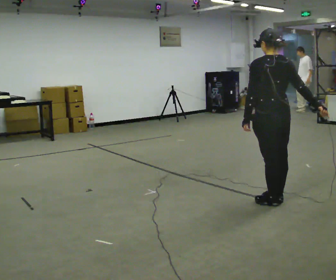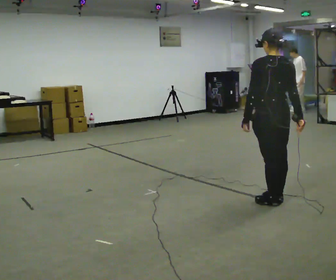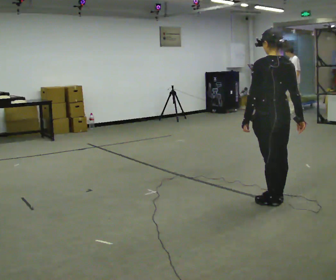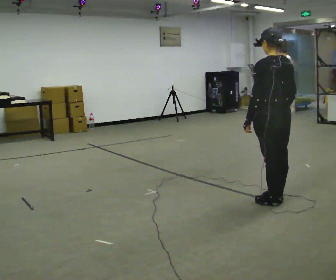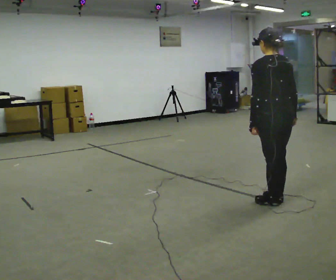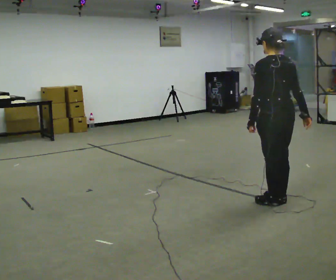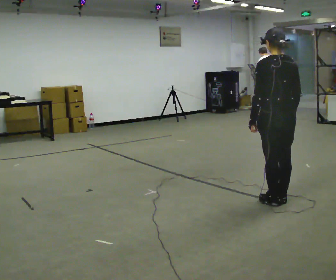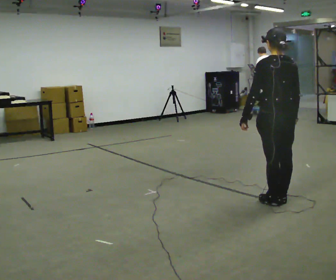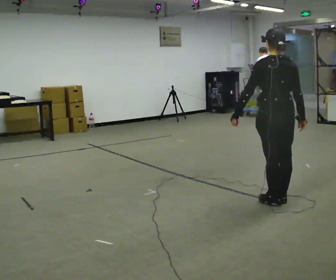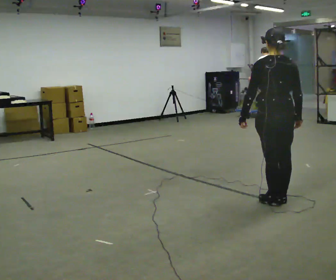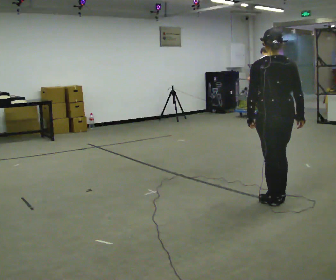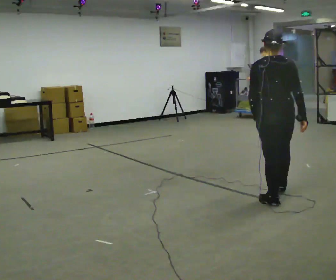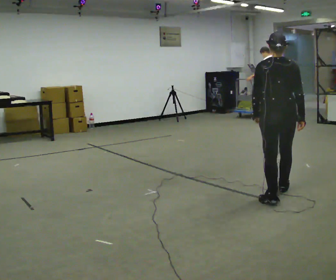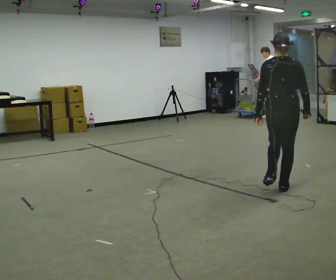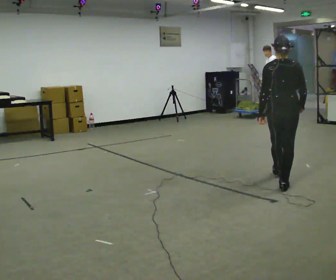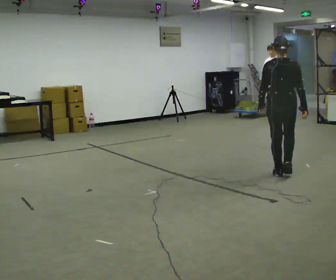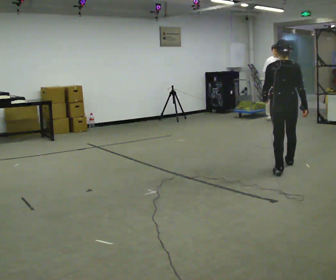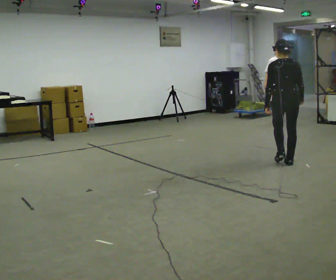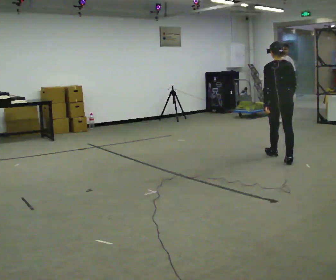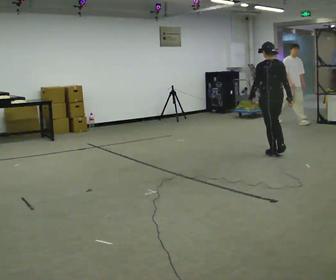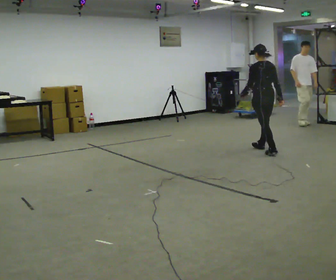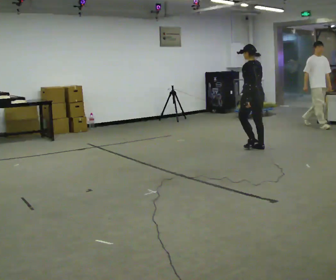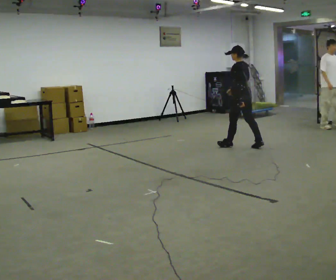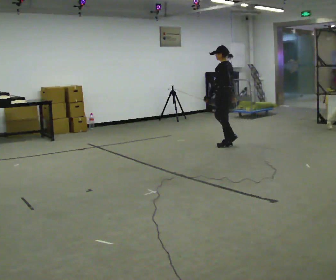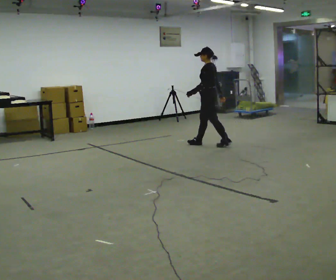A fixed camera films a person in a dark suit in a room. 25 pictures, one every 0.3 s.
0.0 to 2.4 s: The person moves a little, or ends about where they began.
2.4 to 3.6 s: In the picture they go away from the camera, about 0.25 m in 1 step, which for them is forward.
3.6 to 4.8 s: In the picture they go away from the camera, about 1 m in 2 steps, which for them is forward.
4.8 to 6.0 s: The person turns about 30 degrees to their left, counterclockwise seen from above, so the part of the body nearest the lens slides to the right. In the picture they go away from the camera, about 1 m in 2 steps, which for them is forward.
6.0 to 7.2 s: The part of the body nearest the lens slides to the right as the person turns to their left by about 45 degrees. In the picture they go to the left and away from the camera, about 1 m in 2 steps, which for them is forward.
The film runs forward here.
